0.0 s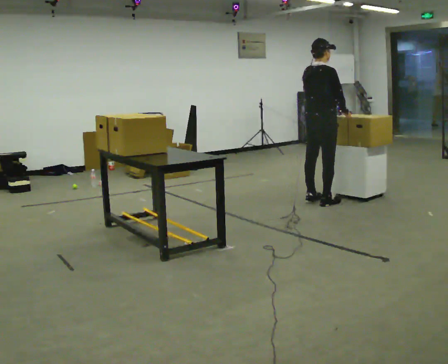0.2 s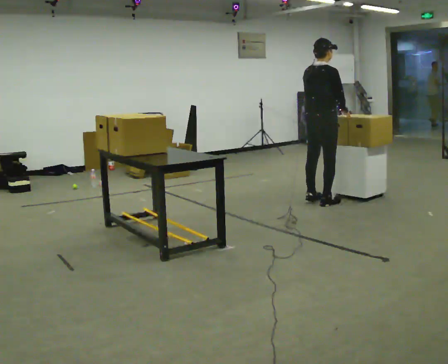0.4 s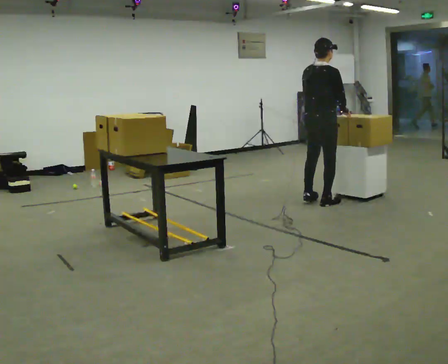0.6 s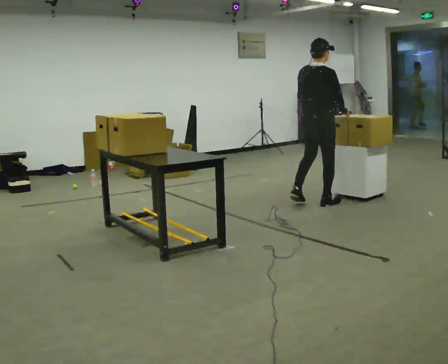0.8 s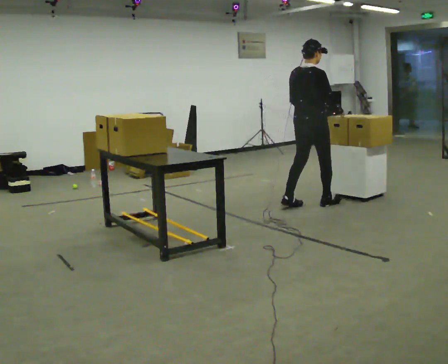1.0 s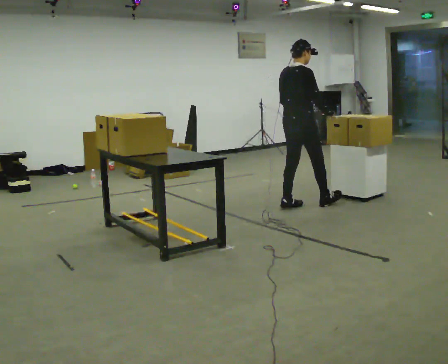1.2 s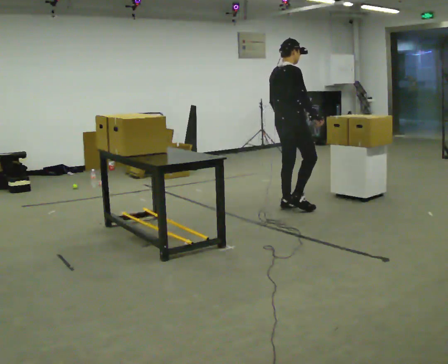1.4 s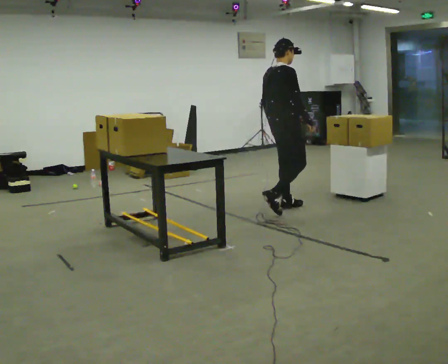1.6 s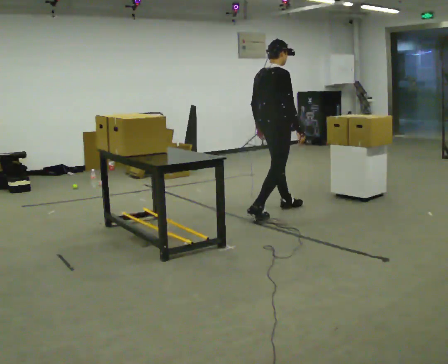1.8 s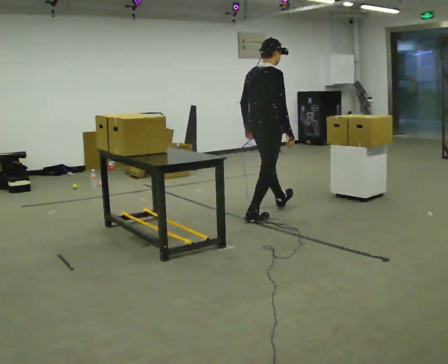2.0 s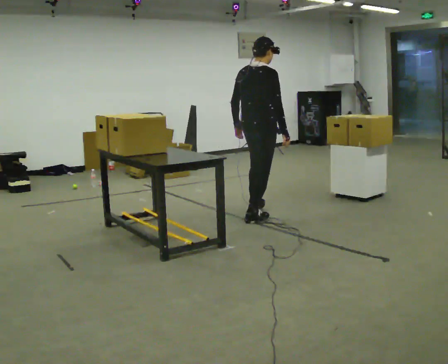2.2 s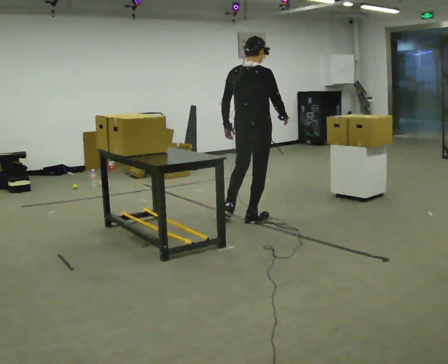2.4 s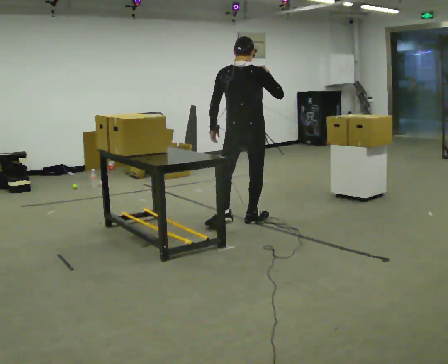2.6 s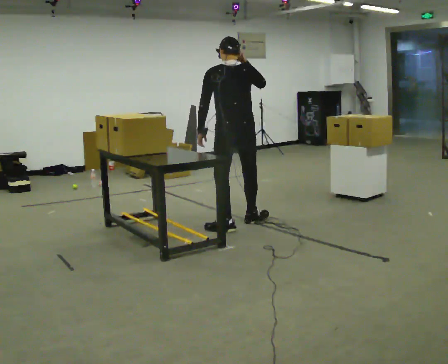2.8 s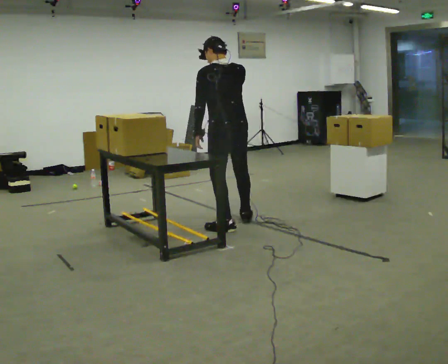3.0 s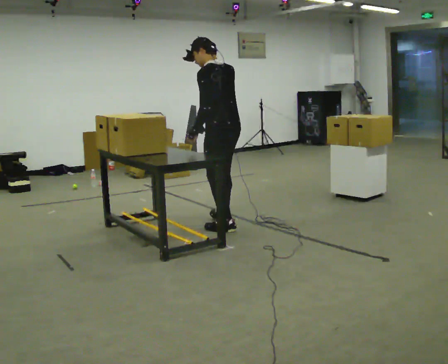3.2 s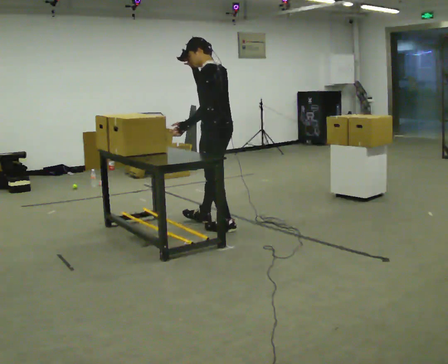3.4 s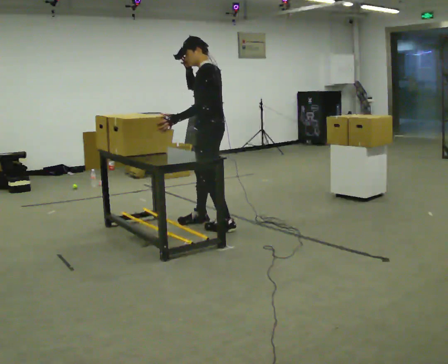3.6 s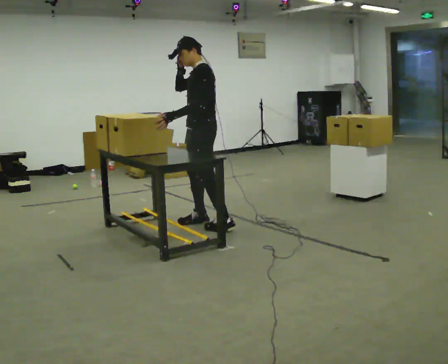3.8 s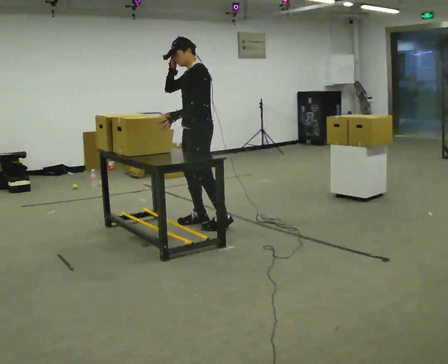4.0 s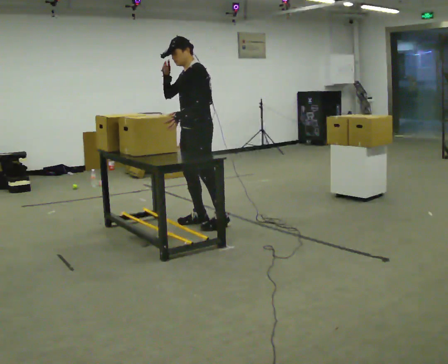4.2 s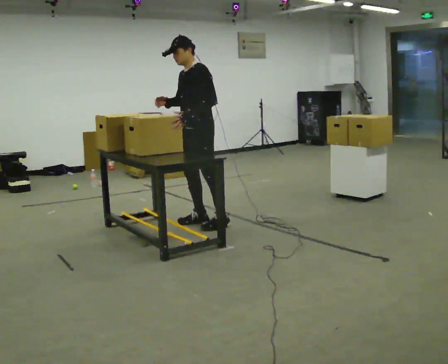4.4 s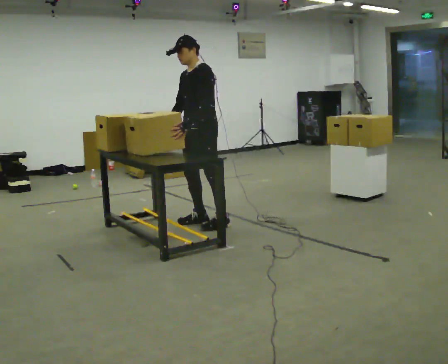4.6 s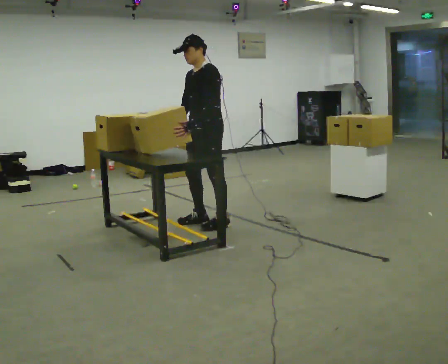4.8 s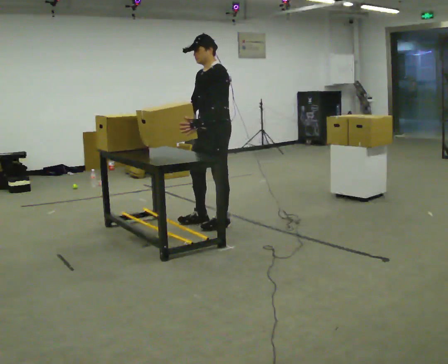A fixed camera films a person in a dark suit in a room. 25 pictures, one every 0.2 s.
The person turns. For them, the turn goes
to their left.
The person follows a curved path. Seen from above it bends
clockwise.
0.0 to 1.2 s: In the picture they go to the left and toward the camera, about 0.5 m in 2 steps, which for them is backward.
1.2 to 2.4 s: The part of the body nearest the lens slides to the right as the person turns to their left by about 45 degrees. In the picture they go toward the camera and to the left, about 0.75 m in 1 step, which for them is backward. In the picture their right hand goes upward.
2.4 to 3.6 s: Seen from above the body turns counterclockwise, about 105 degrees: to their left, with its near side sliding to the right. In the picture they go to the left, about 0.25 m in 1 step.
3.6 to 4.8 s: In the picture their right hand goes downward.
The film runs backward here.
